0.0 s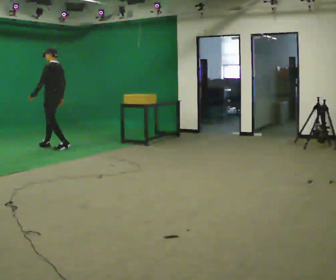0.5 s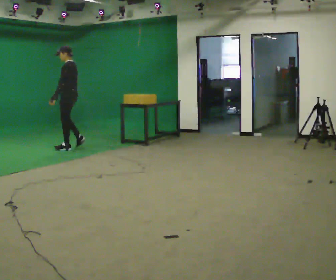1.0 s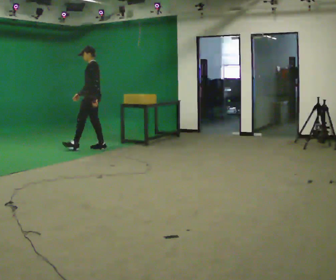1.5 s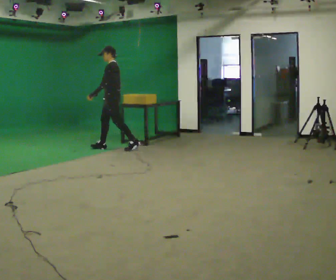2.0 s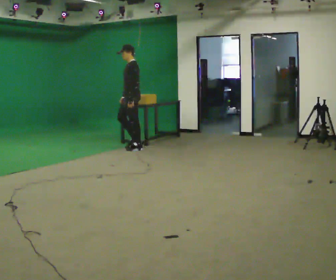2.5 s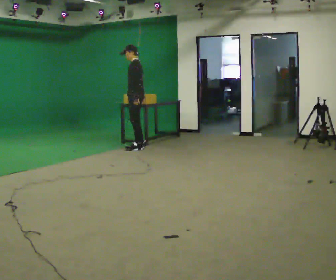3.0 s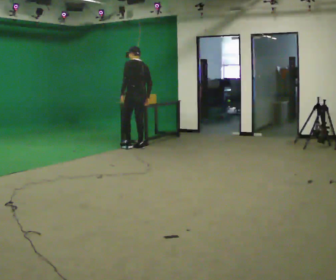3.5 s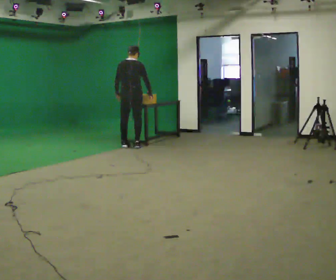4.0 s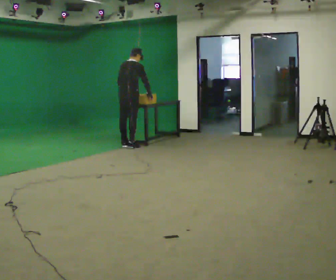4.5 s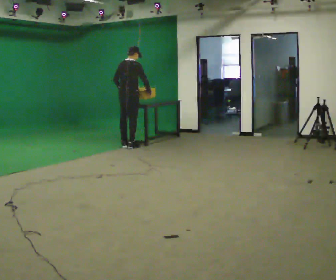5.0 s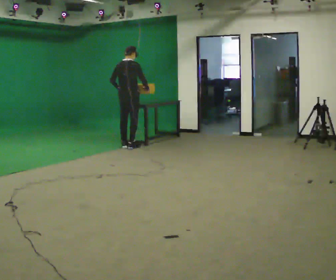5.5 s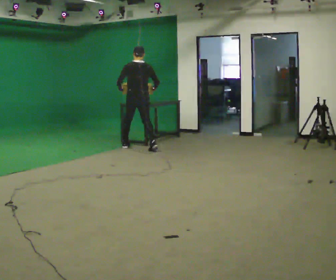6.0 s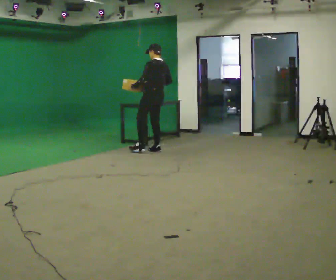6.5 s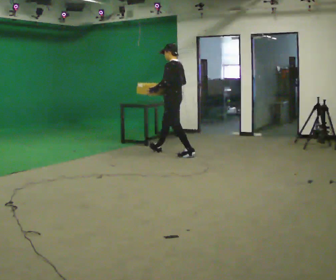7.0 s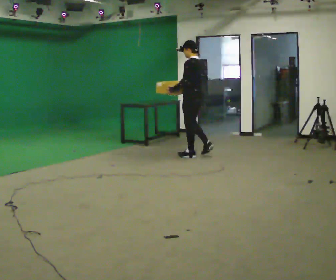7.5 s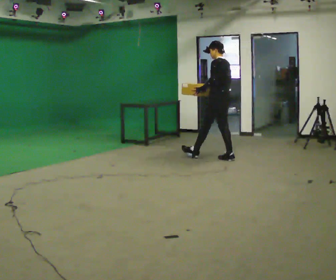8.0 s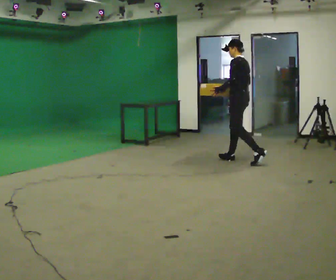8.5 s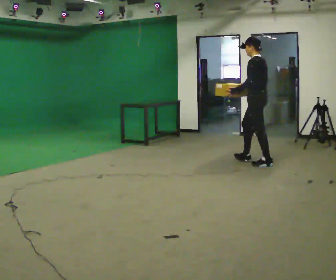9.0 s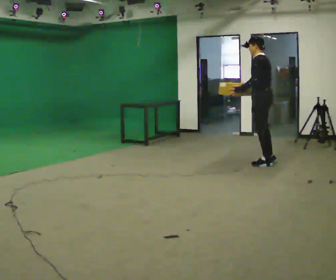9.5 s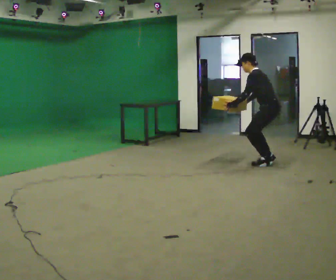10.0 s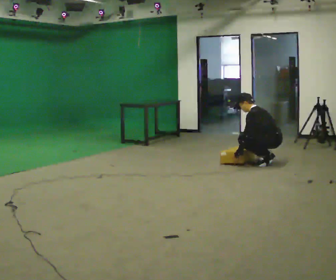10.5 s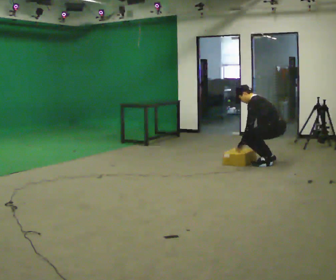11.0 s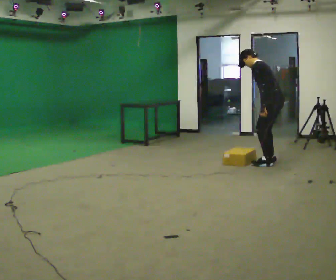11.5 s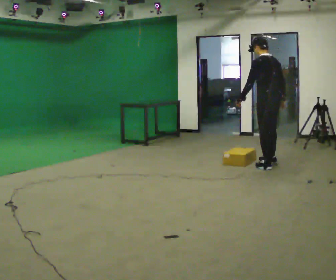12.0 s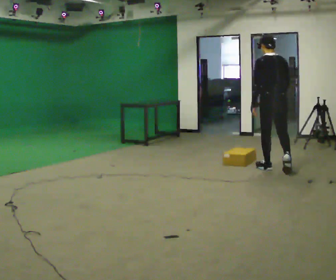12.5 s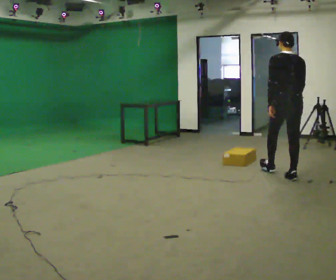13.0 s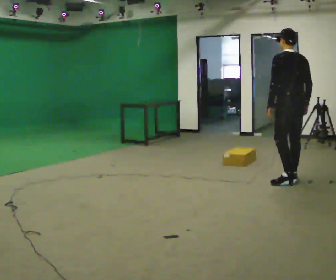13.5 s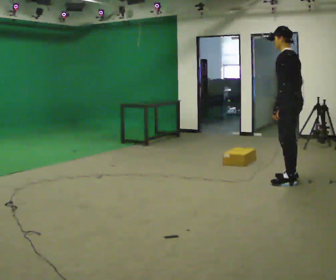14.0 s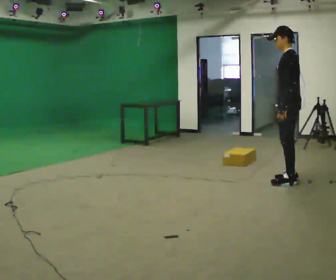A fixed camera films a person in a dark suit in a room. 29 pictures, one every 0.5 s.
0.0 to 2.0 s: Seen from above the body turns counterclockwise, about 30 degrees: to their left, with its near side sliding to the right. In the picture they go to the right, about 1.5 m in 3 steps, which for them is backward.
2.0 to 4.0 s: The part of the body nearest the lens slides to the left as the person turns to their right by about 135 degrees. In the picture their left hand goes to the left.
4.0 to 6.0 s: Seen from above the body turns counterclockwise, about 75 degrees: to their left, with its near side sliding to the right. In the picture they go to the right and toward the camera, about 0.5 m in 2 steps. The upper body tips toward the camera, its near side rolling downward, as they lean back or straighten.
6.0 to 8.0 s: In the picture they go to the right and toward the camera, about 1.5 m in 2 steps, which for them is backward.
8.0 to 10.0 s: In the picture they go to the right, about 0.5 m in 2 steps, which for them is backward. The shoulders move downward. In the picture the upper body tilts counterclockwise, shoulders to the left, as they bend forward. In the picture their right hand goes downward.
10.0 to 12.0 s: The part of the body nearest the lens slides to the left as the person turns to their right by about 60 degrees. In the picture they go toward the camera, about 0.5 m in 3 steps, which for them is to their left. The shoulders move upward. In the picture the upper body tilts clockwise, shoulders to the right, as they lean back or straighten. In the picture their left hand goes upward.
12.0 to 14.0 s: The part of the body nearest the lens slides to the right as the person turns to their left by about 60 degrees. In the picture they go toward the camera, about 0.5 m in 1 step.
The film runs backward here.
